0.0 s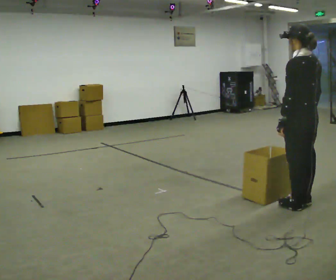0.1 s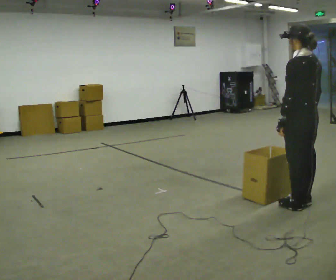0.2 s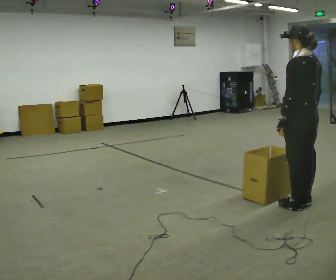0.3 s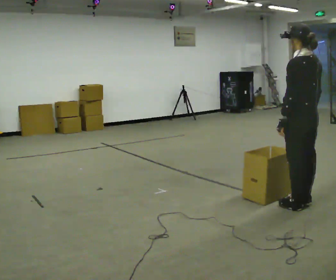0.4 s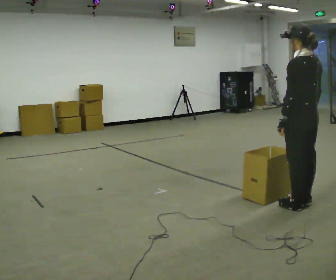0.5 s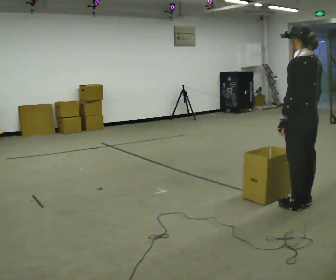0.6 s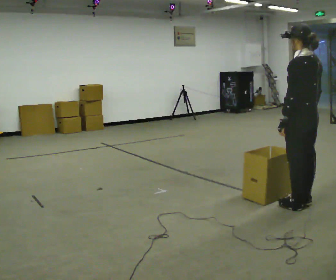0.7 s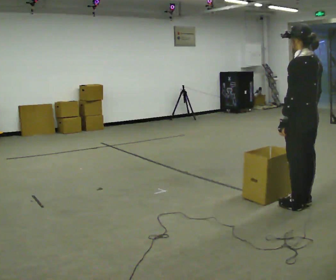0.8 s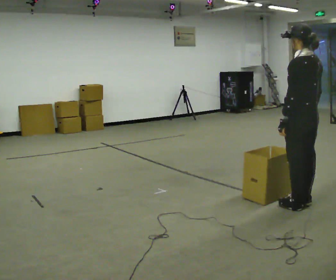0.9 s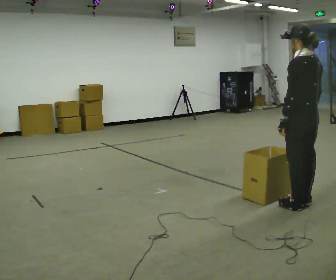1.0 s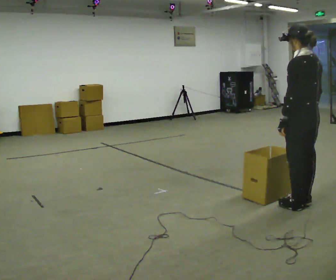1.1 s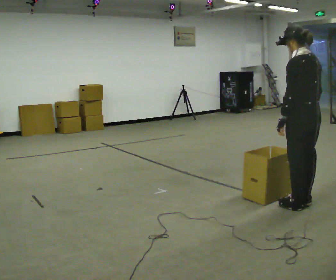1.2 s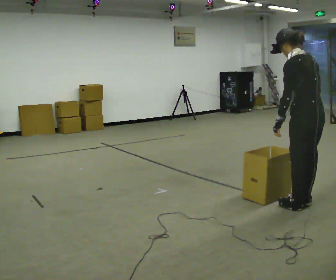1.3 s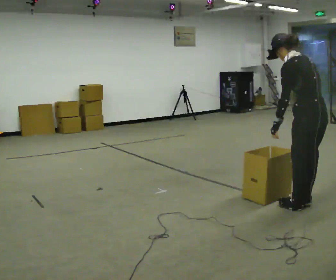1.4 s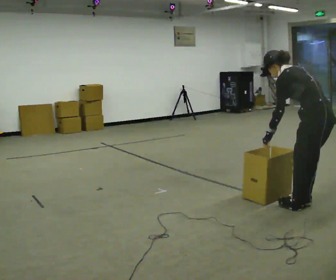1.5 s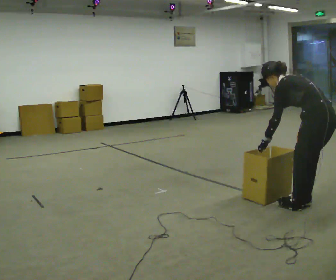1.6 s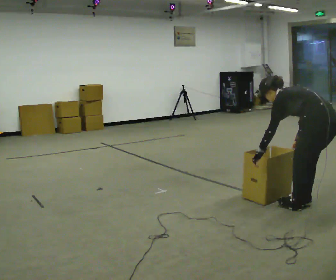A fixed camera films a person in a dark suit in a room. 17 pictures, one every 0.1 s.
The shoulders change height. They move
downward.
0.0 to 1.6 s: In the picture they go to the right, about 0.25 m, which for them is backward. The upper body goes downward. In the picture the upper body tilts counterclockwise, shoulders to the left, as they bend forward.
The film runs forward here.
